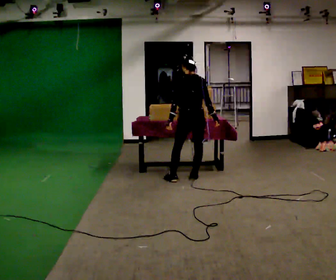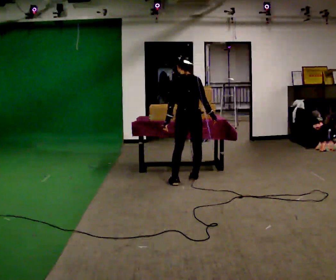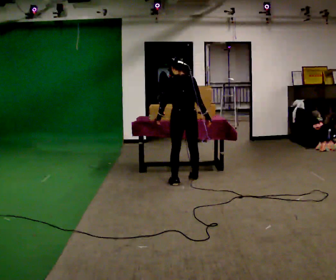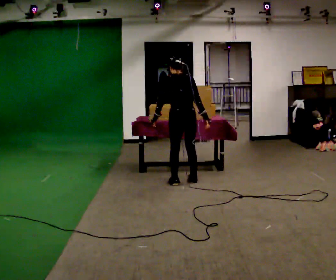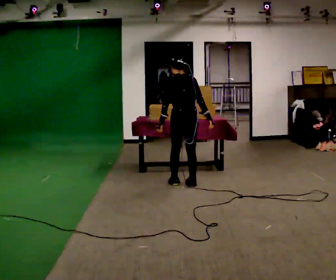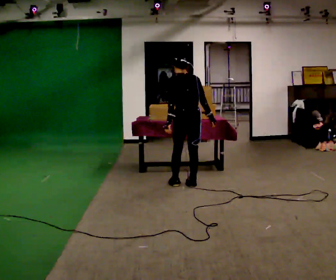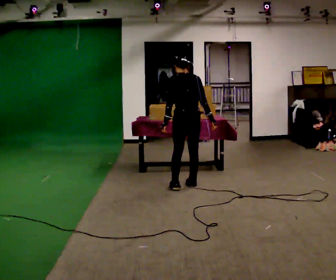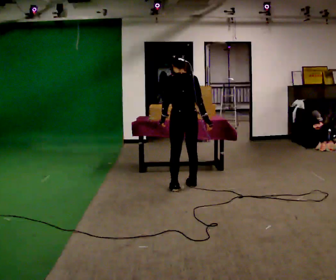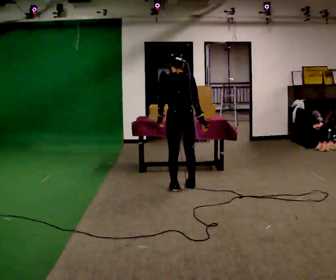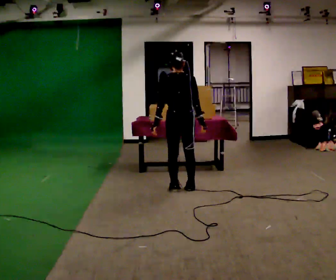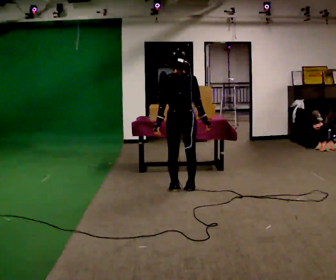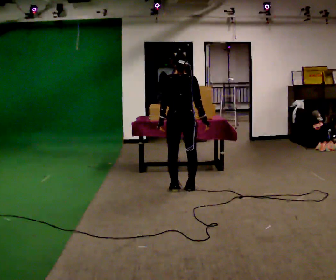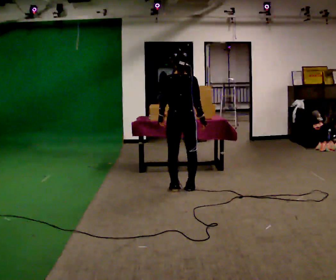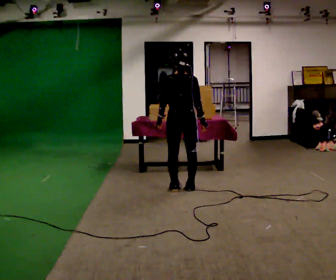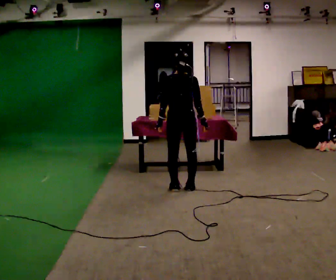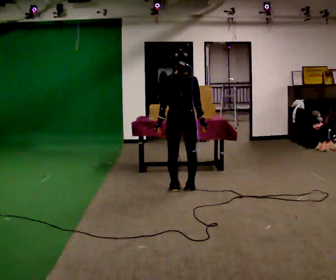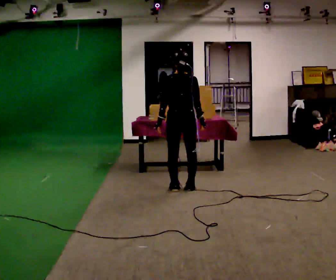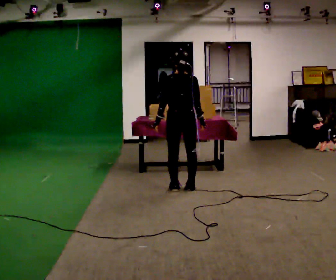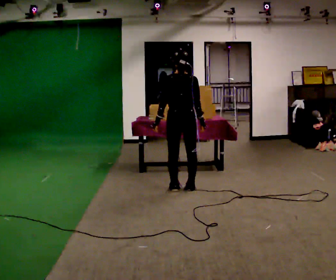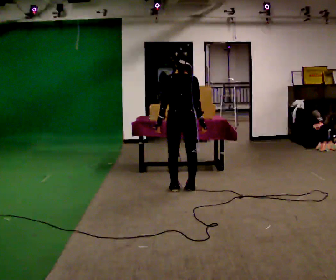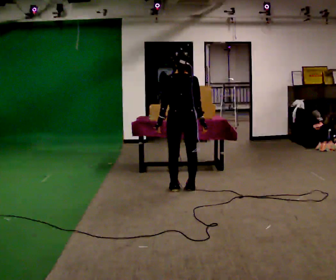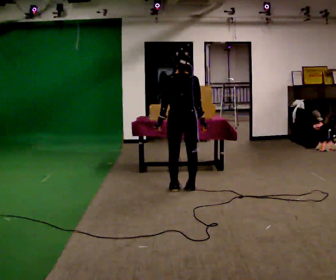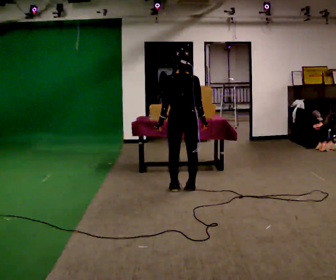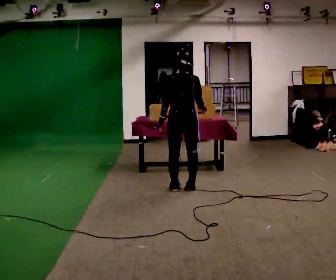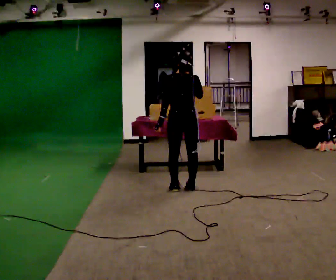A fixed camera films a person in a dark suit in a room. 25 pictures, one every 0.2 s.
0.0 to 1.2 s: In the picture they go toward the camera, about 0.25 m in 2 steps, which for them is backward and to their left.
1.2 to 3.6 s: The person moves a little, or ends about where they began.
3.6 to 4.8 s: In the picture their right hand goes upward.
The film runs forward here.
